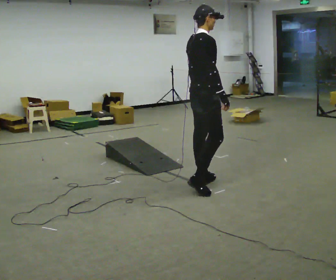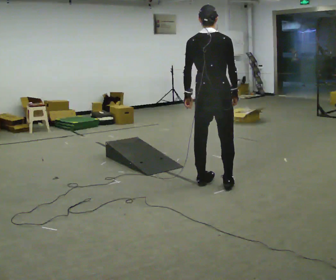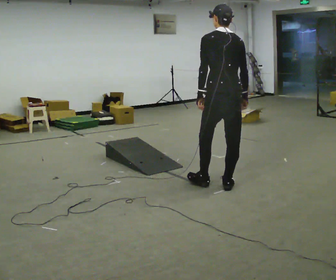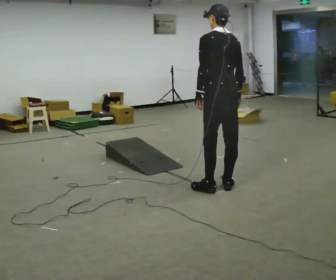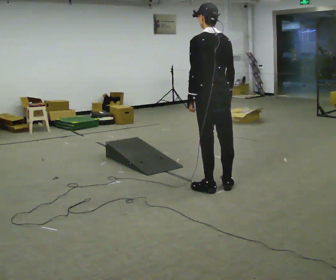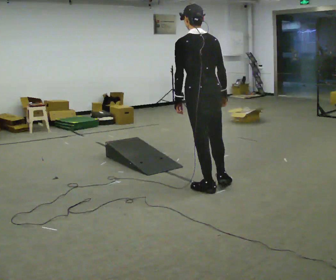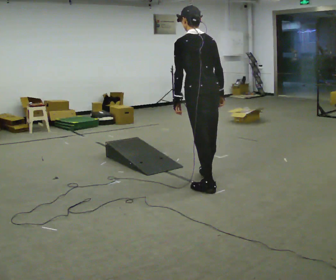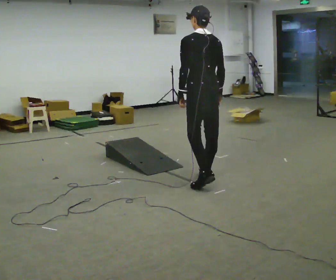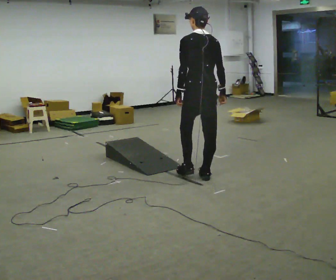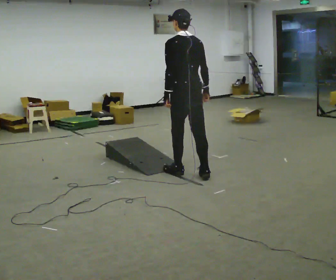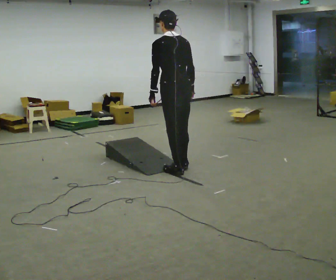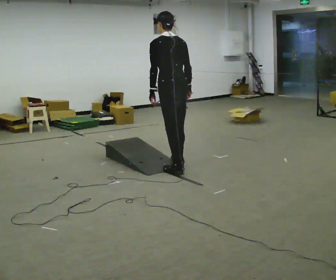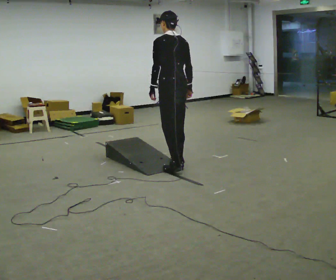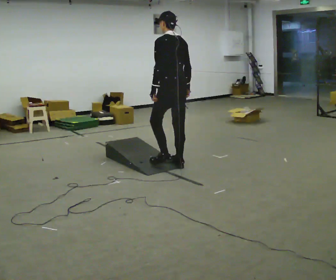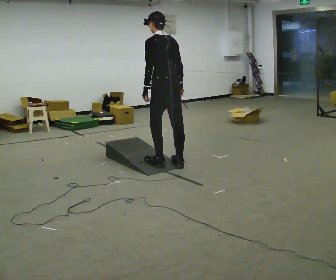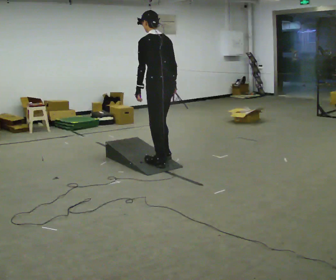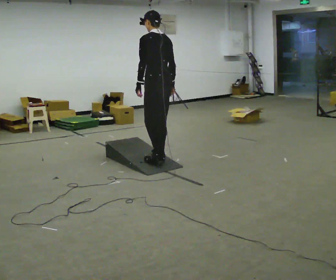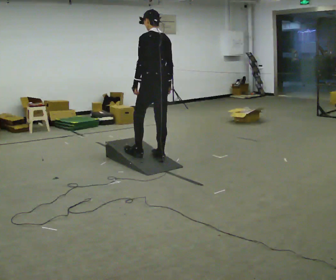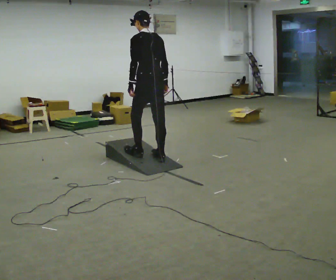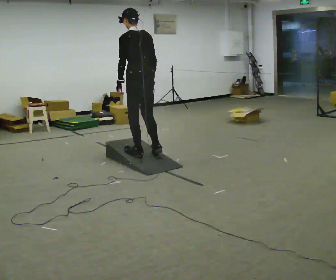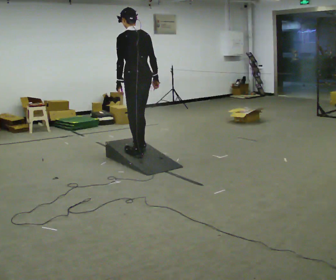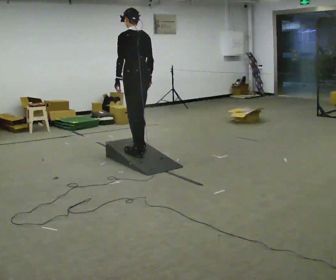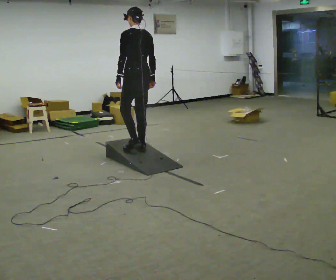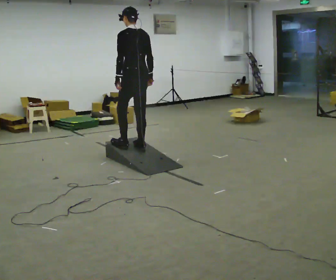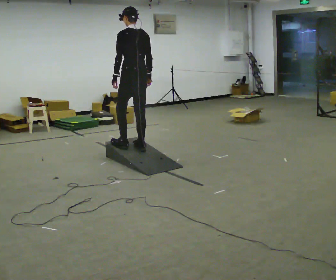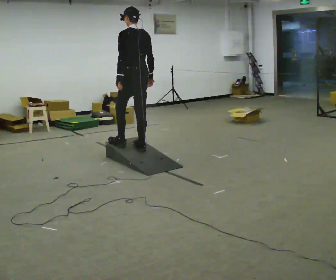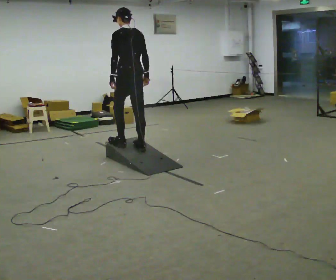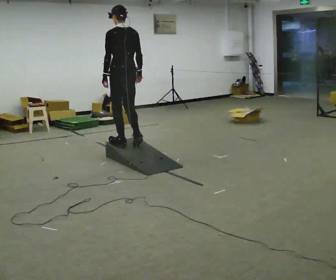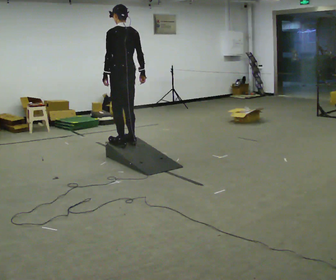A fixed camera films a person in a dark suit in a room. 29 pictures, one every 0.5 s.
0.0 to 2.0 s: The part of the body nearest the lens slides to the right as the person turns to their left by about 90 degrees. In the picture they go to the right, about 0.25 m in 2 steps. In the picture the upper body tilts counterclockwise, shoulders to the left.
2.0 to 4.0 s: In the picture they go away from the camera, about 0.25 m in 1 step, which for them is forward.
4.0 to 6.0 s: In the picture they go away from the camera and to the left, about 0.5 m in 2 steps, which for them is forward.
6.0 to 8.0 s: In the picture they go to the left, about 0.25 m in 2 steps, which for them is forward.
8.0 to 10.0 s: In the picture they go to the left, about 0.25 m in 2 steps, which for them is forward and to their left.
10.0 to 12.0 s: In the picture they go away from the camera, about 0.25 m in 1 step, which for them is forward.
12.0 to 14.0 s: In the picture they go to the left, about 0.25 m in 1 step, which for them is forward.
The film runs forward here.
